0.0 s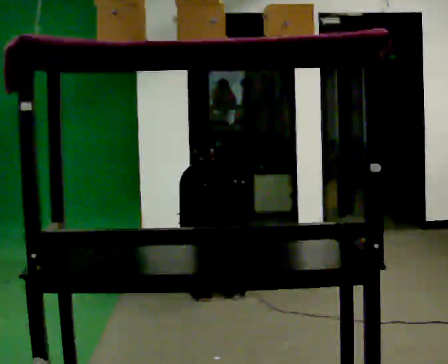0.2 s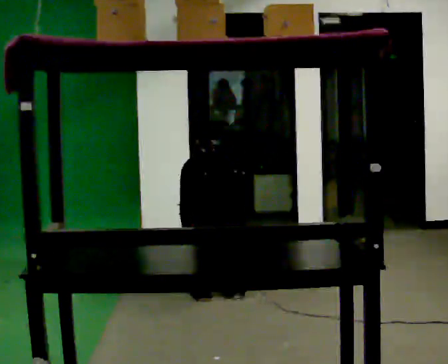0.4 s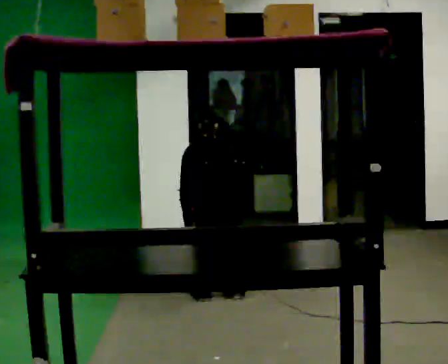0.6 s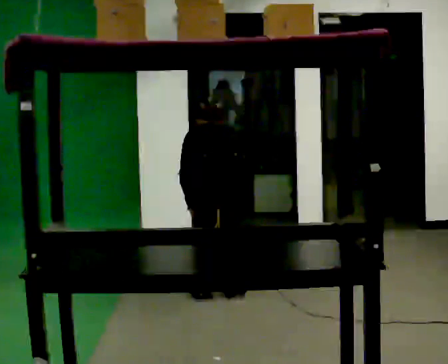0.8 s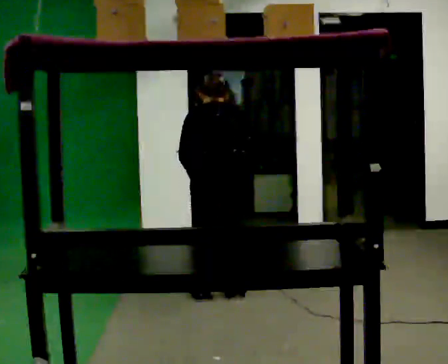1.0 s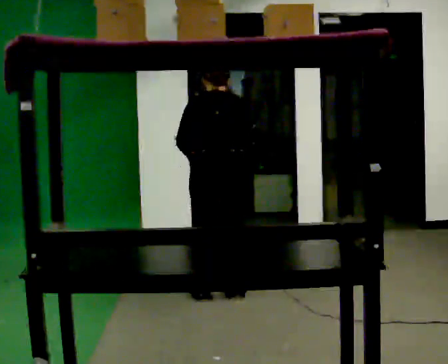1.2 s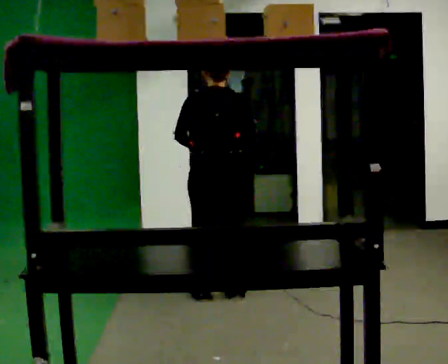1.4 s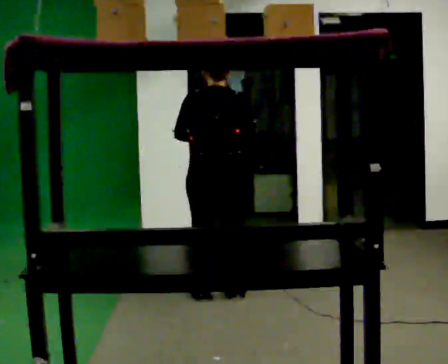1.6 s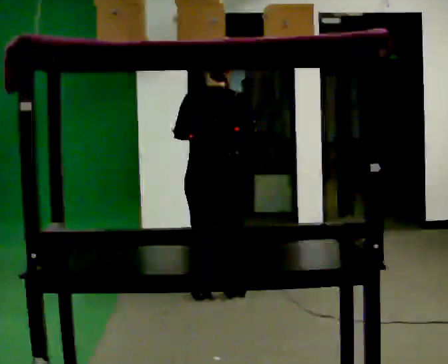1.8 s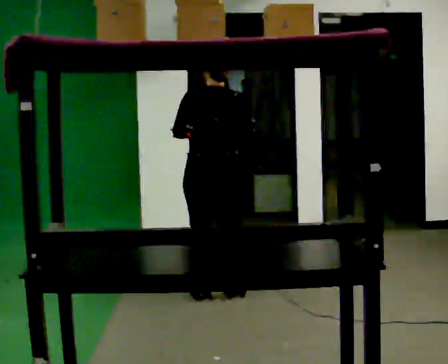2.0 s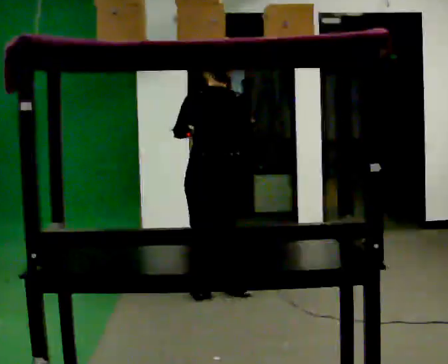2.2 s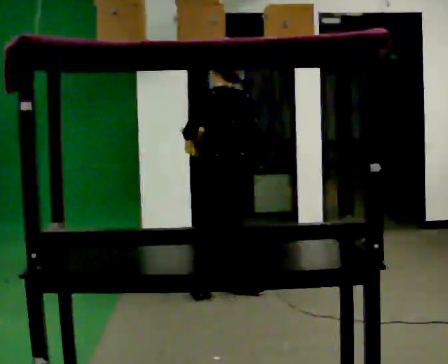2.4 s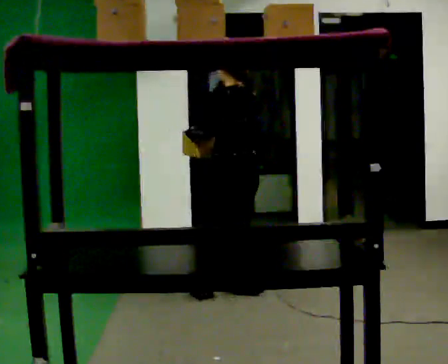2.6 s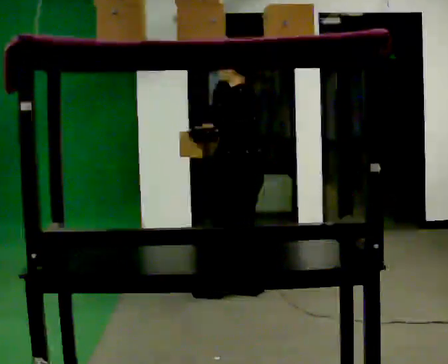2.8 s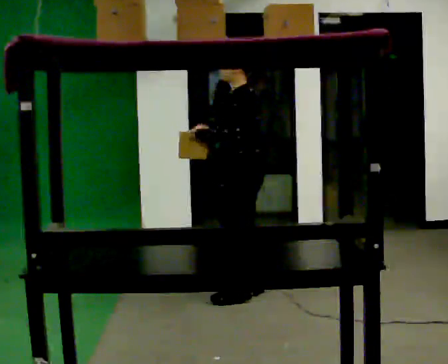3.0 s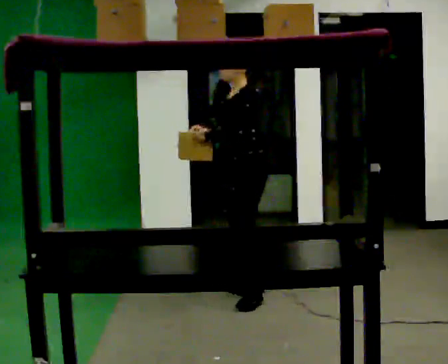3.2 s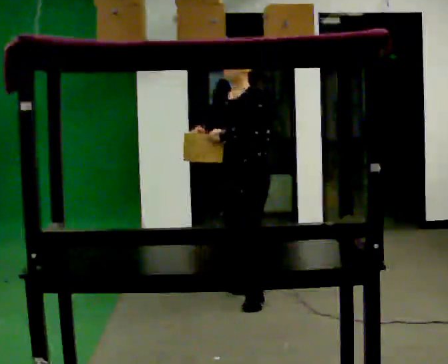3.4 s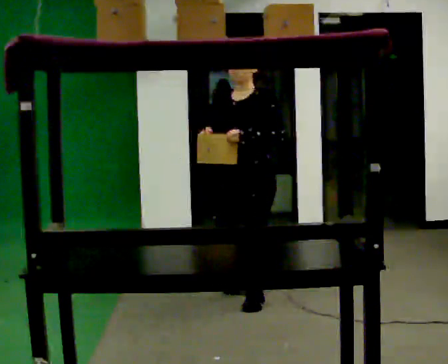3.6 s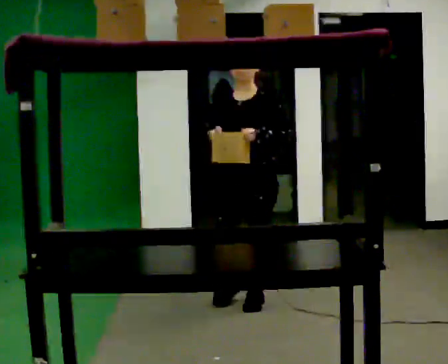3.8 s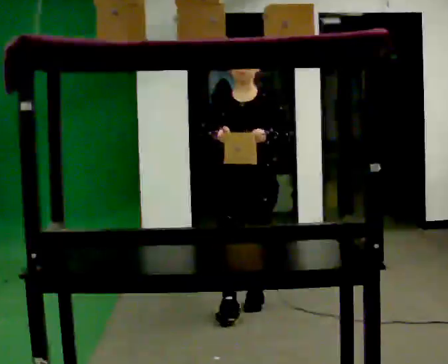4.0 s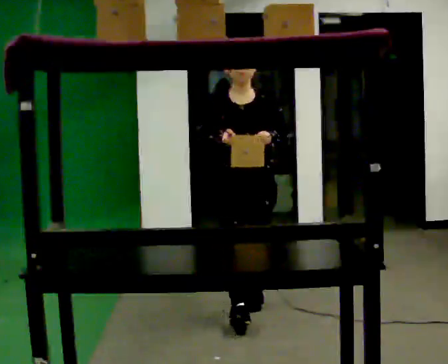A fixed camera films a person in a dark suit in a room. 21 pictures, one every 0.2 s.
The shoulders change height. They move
upward.
Their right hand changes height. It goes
upward.
0.0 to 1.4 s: The shoulders move upward. The upper body tips toward the camera, its near side rolling downward, as they lean back or straighten. In the picture their left hand goes upward.
1.4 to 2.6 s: The person turns about 60 degrees to their left, counterclockwise seen from above, so the part of the body nearest the lens slides to the right. In the picture they go to the right, about 0.25 m in 1 step.
2.6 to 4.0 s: Seen from above the body turns counterclockwise, about 120 degrees: to their left, with its near side sliding to the right. In the picture they go toward the camera, about 0.5 m in 2 steps.
The film runs forward here.
